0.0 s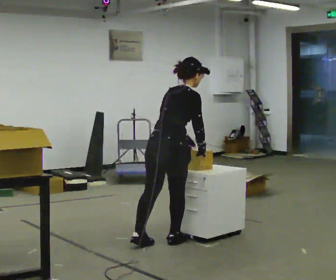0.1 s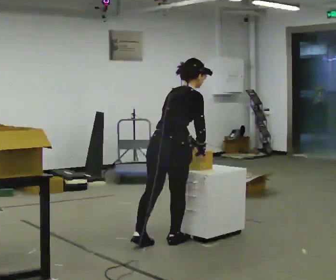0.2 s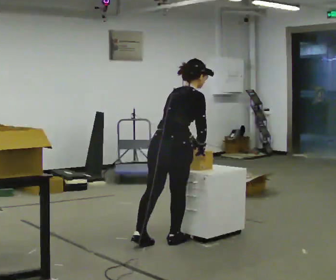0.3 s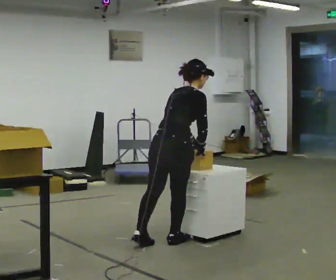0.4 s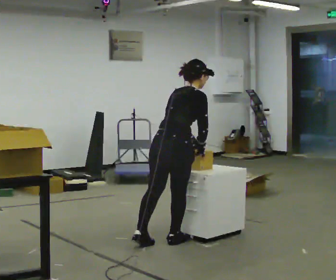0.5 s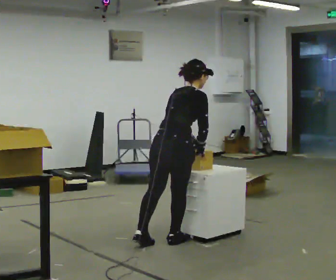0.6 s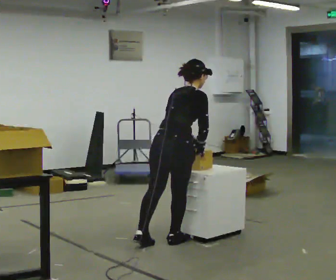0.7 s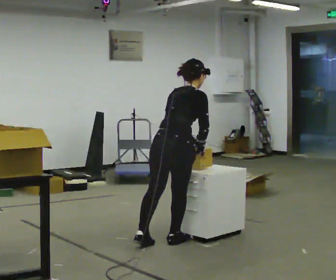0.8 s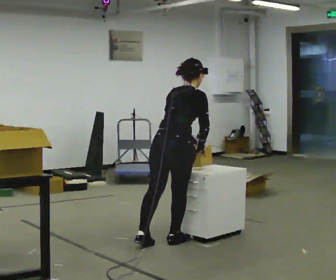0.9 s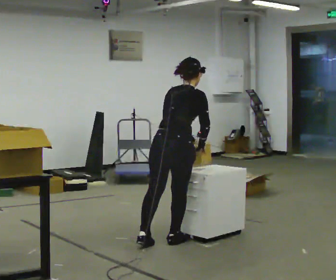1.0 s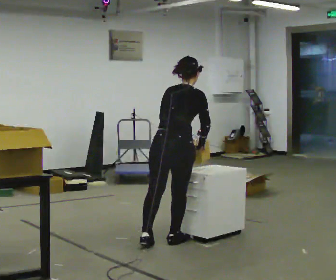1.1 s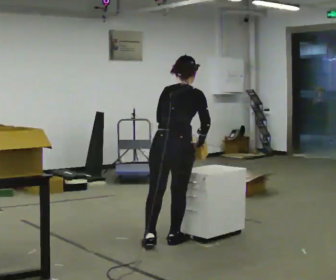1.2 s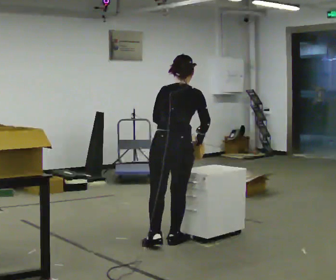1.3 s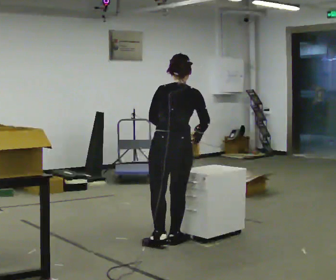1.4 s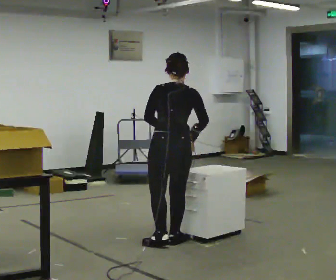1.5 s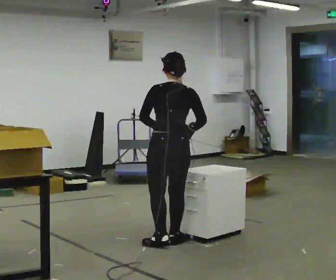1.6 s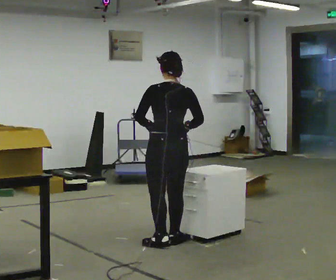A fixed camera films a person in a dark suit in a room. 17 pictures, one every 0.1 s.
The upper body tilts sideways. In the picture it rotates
counterclockwise.
0.0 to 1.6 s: Seen from above the body turns counterclockwise, about 45 degrees: to their left, with its near side sliding to the right. In the picture the upper body tilts counterclockwise, shoulders to the left. In the picture their left hand goes to the left.
The film runs forward here.
